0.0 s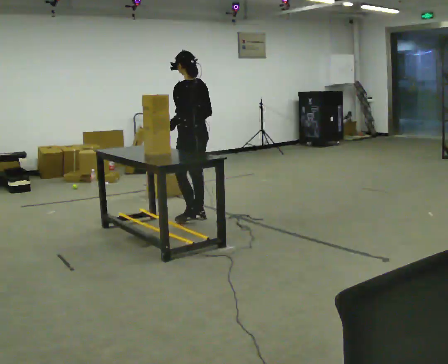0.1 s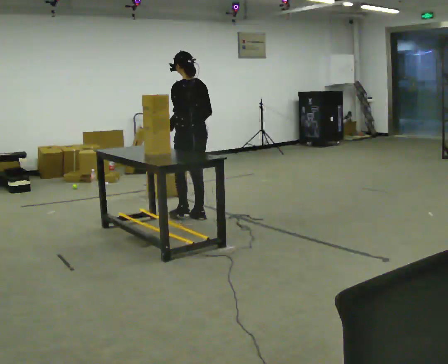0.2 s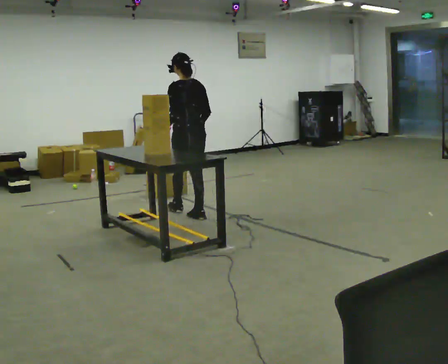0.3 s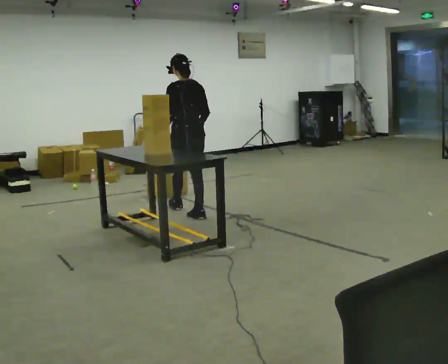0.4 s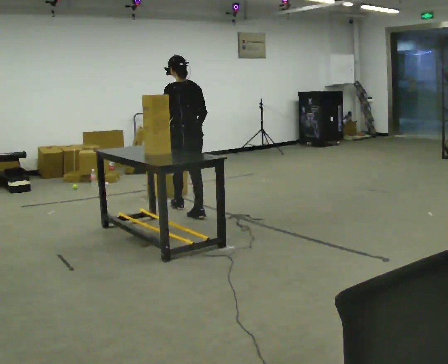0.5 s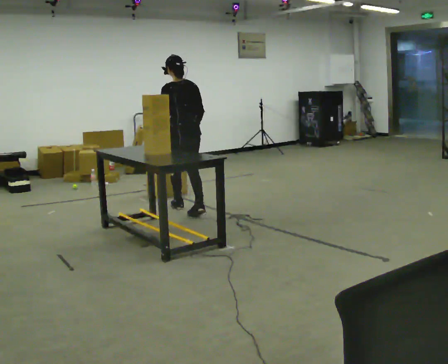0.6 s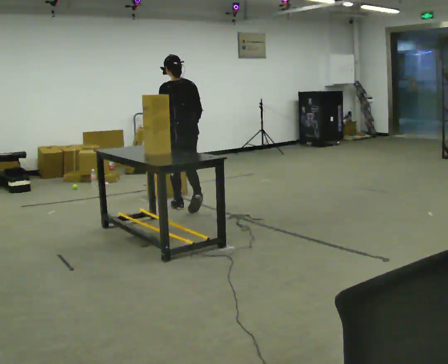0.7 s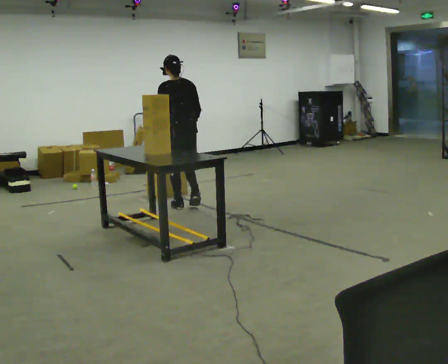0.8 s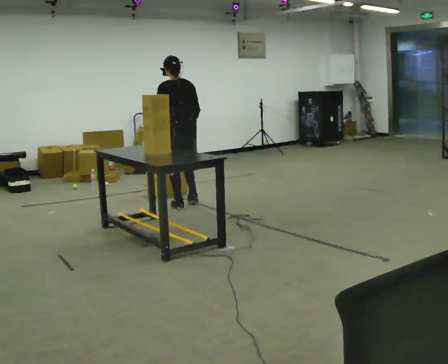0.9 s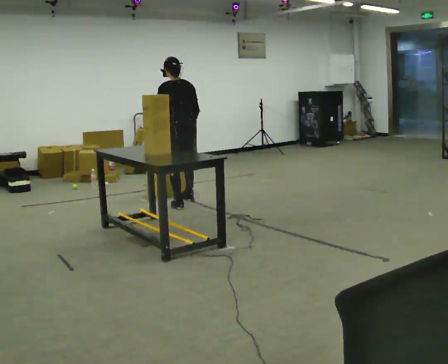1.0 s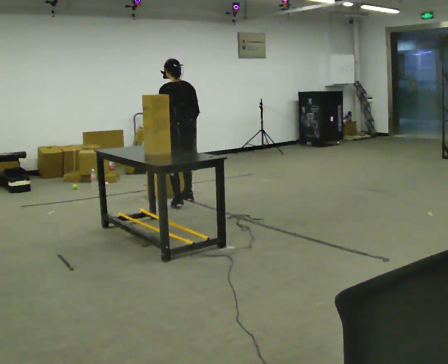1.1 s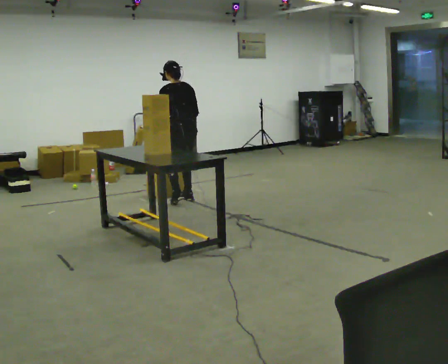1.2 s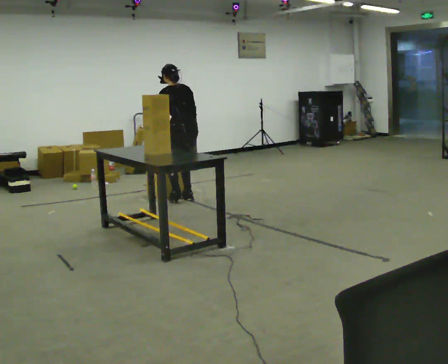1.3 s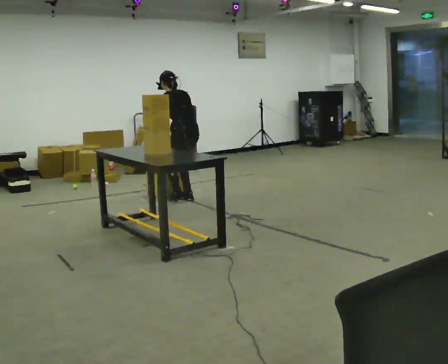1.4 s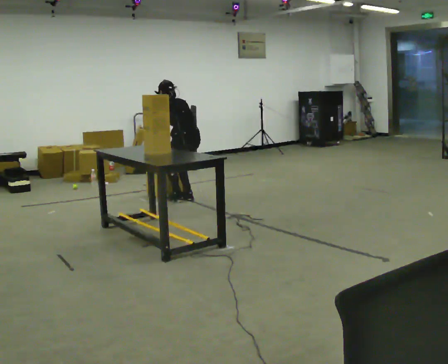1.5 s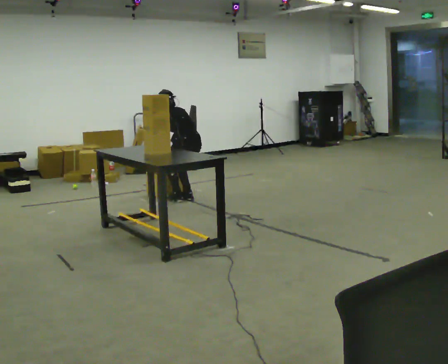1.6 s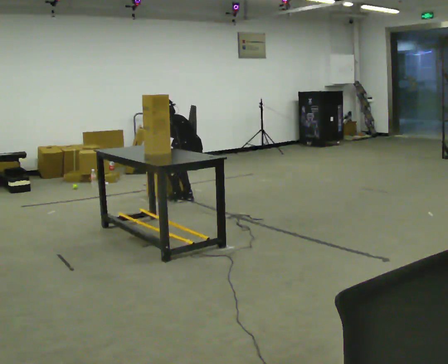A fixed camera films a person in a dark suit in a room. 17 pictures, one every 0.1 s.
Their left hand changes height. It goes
downward.
Their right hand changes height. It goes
downward.
0.0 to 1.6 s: In the picture they go away from the camera, about 0.75 m in 3 steps, which for them is forward. The upper body goes downward. The upper body tips away from the camera, its near side rolling upward, as they bend forward. In the picture their left hand goes downward.
The film runs forward here.
